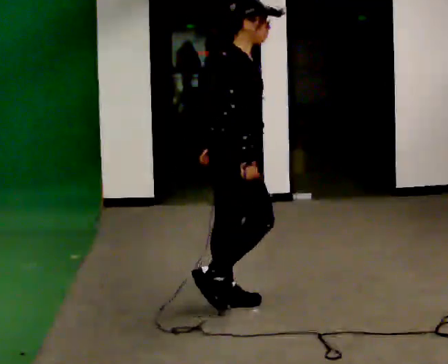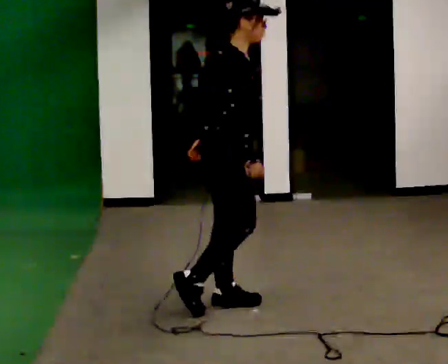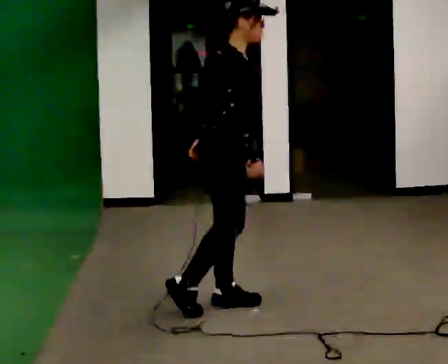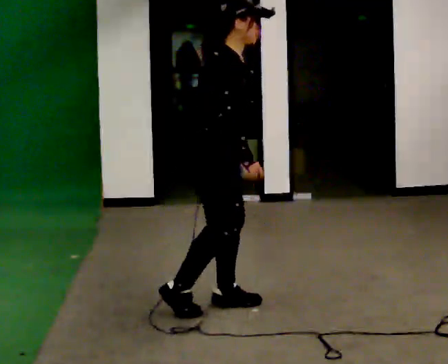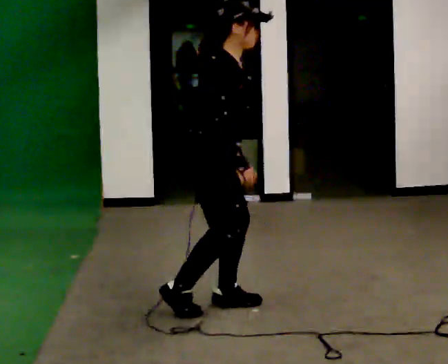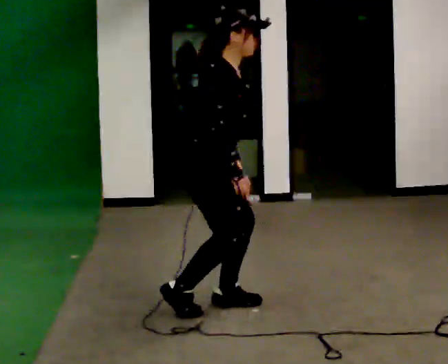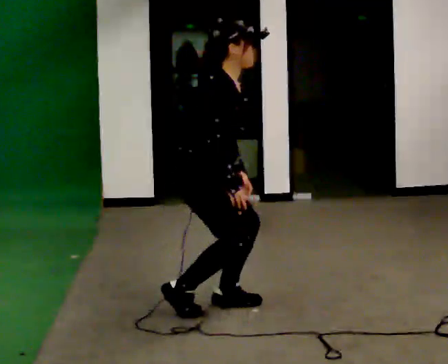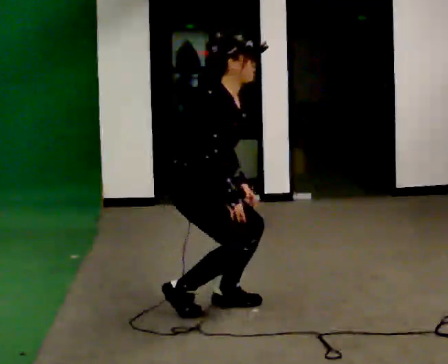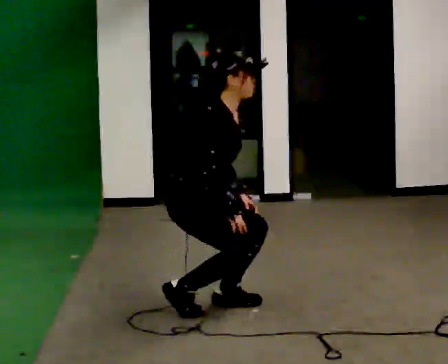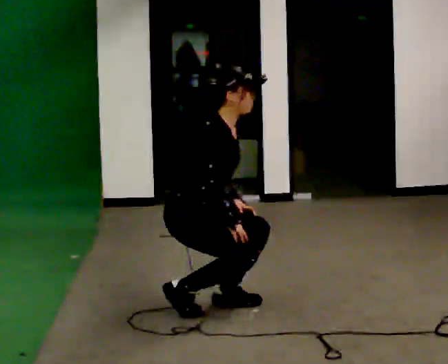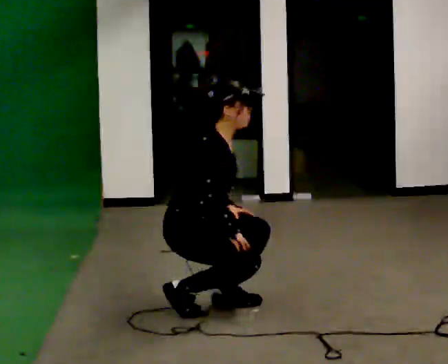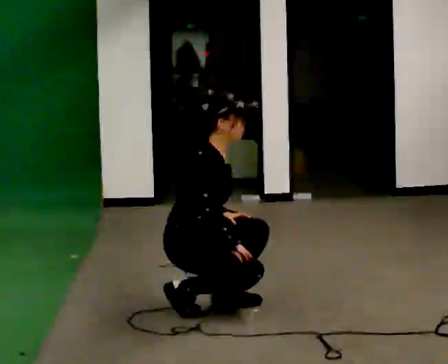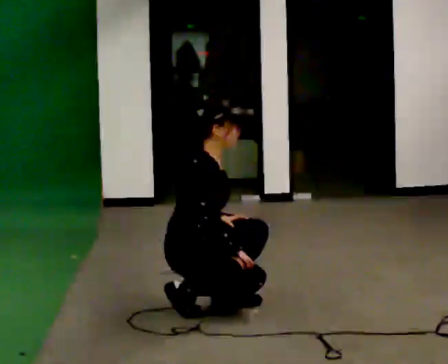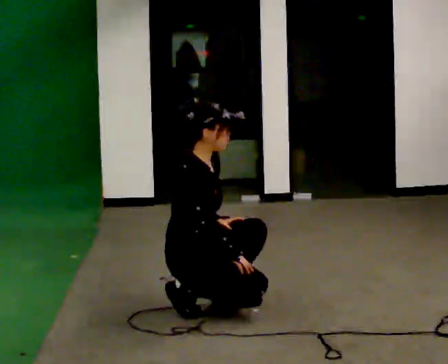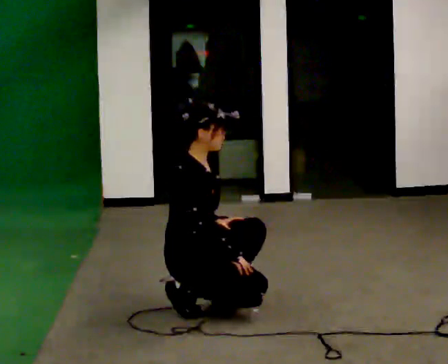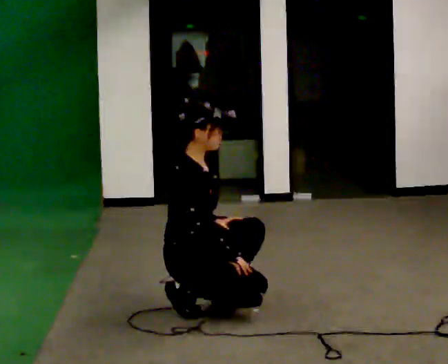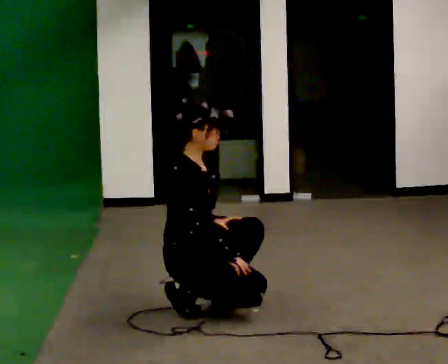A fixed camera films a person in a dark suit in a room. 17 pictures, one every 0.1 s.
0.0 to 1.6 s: In the picture they go to the left, about 0.25 m, which for them is backward and to their right. The upper body goes downward. In the picture their left hand goes downward.
The film runs backward here.
